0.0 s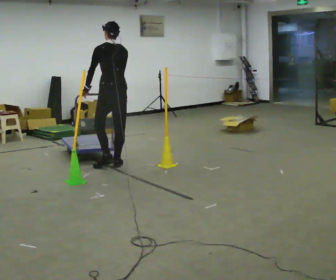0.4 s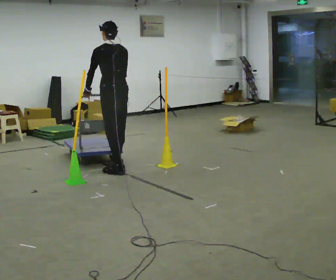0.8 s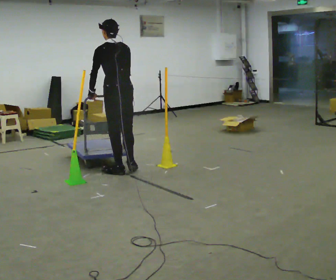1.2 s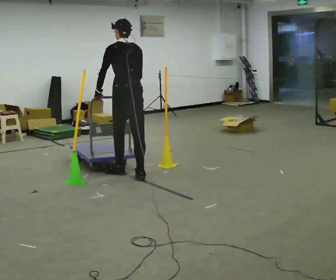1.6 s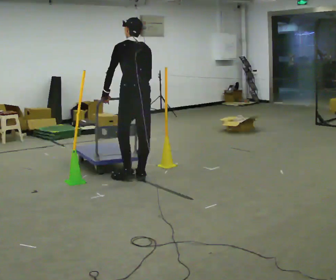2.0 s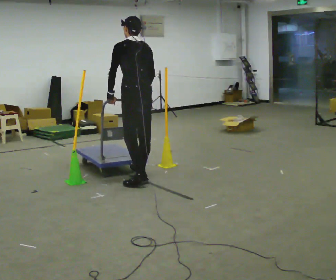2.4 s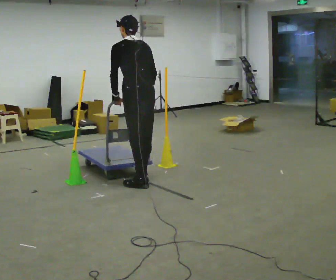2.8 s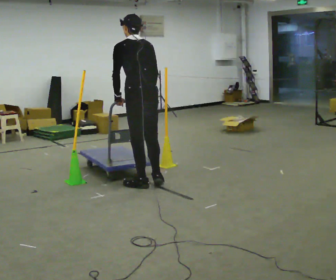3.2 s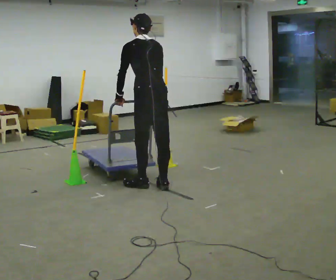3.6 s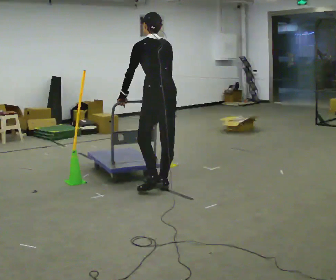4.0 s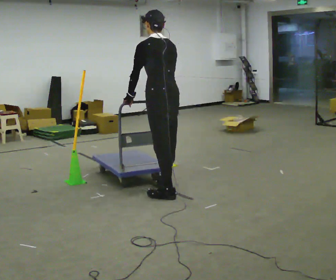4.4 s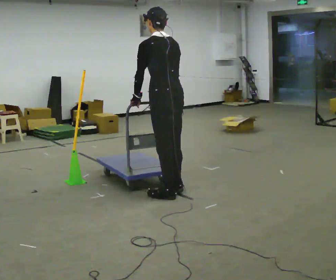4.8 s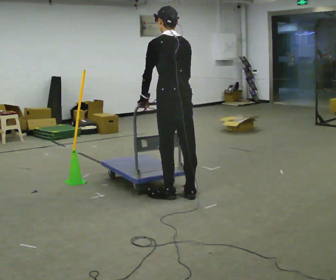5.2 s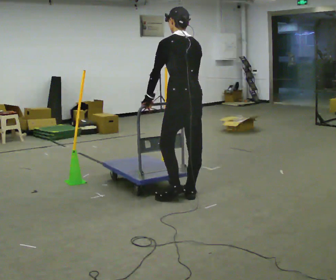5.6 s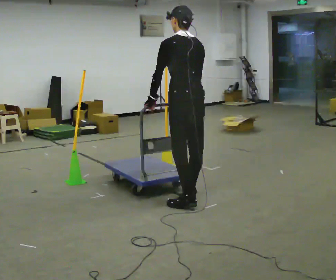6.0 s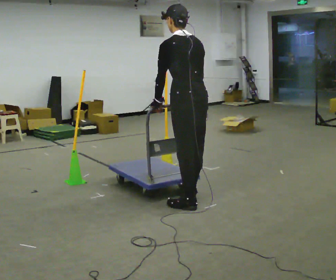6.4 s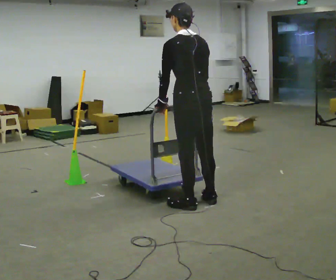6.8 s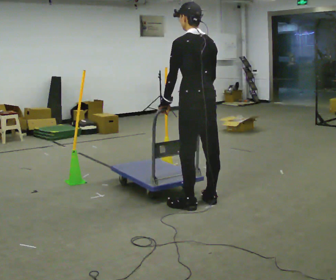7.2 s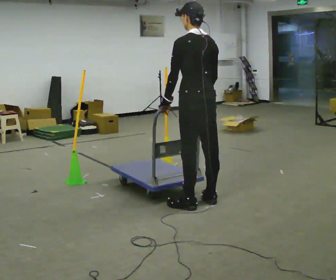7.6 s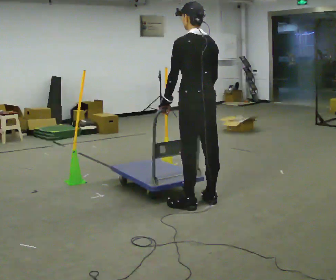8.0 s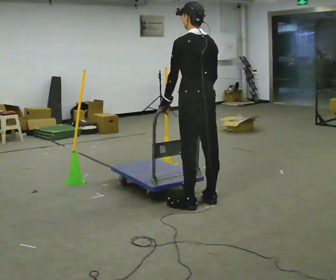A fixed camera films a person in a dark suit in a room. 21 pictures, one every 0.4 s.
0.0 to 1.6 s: In the picture they go toward the camera and to the right, about 0.5 m in 2 steps, which for them is backward.
1.6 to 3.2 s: In the picture they go toward the camera and to the right, about 0.5 m in 1 step, which for them is backward.
3.2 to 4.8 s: In the picture they go toward the camera and to the right, about 0.5 m in 2 steps, which for them is backward.
4.8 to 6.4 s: In the picture they go toward the camera and to the right, about 0.25 m in 2 steps, which for them is backward.
6.4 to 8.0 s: The person moves a little, or ends about where they began.
The film runs backward here.
